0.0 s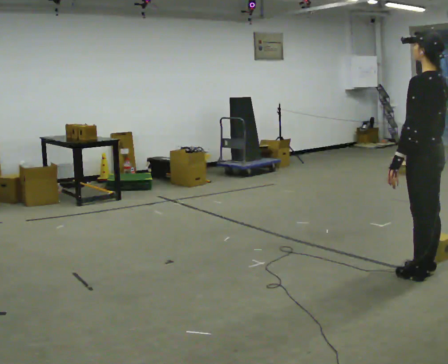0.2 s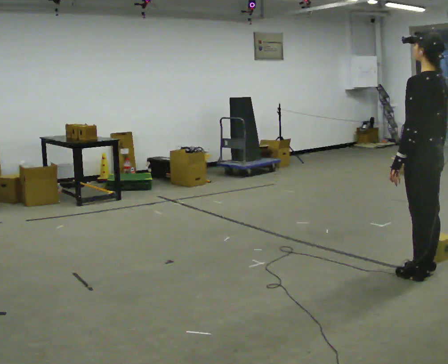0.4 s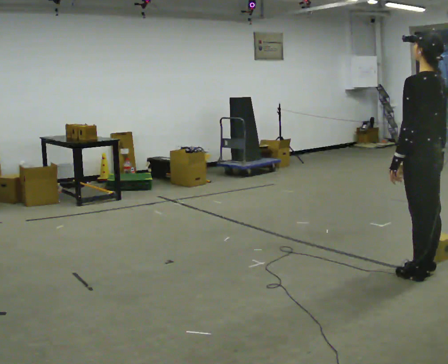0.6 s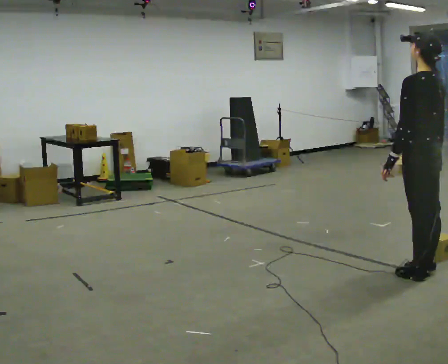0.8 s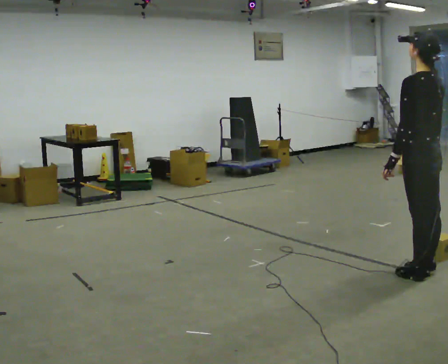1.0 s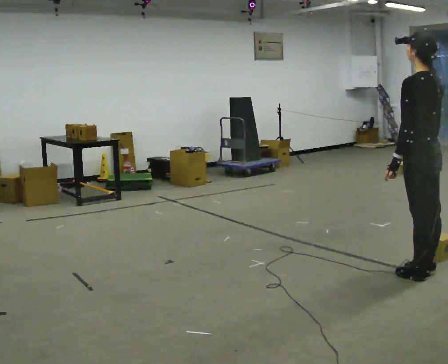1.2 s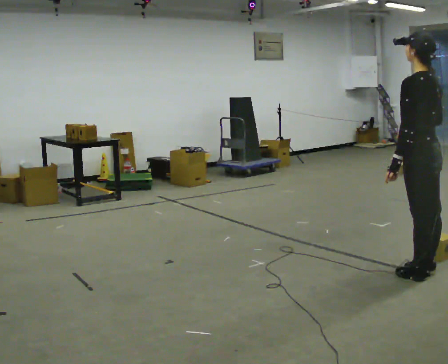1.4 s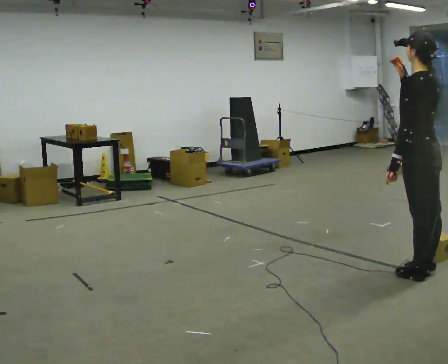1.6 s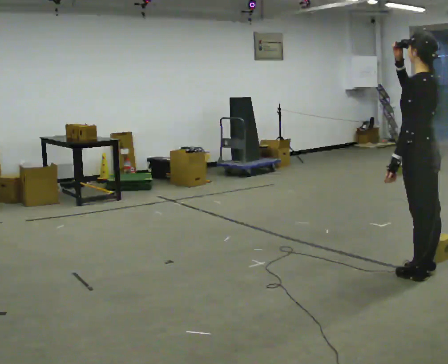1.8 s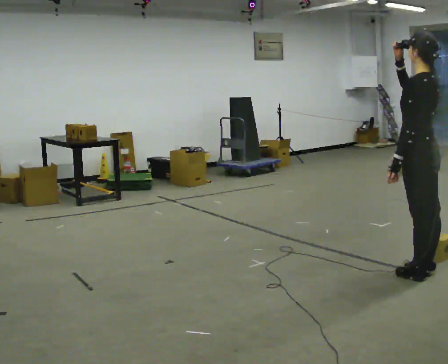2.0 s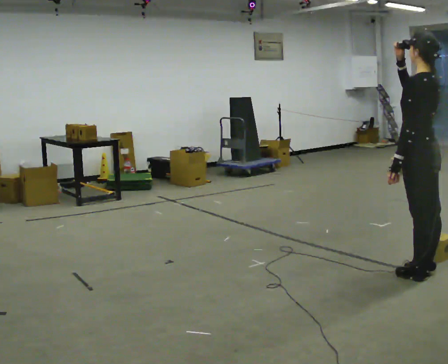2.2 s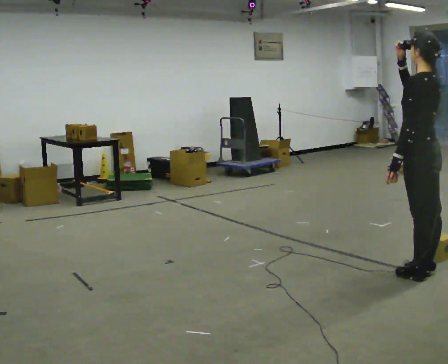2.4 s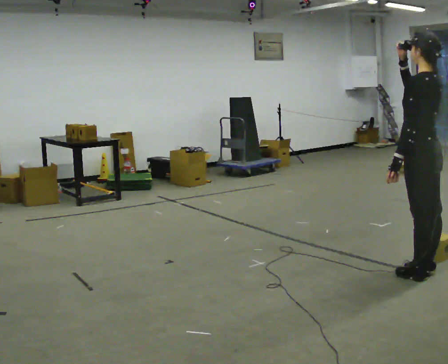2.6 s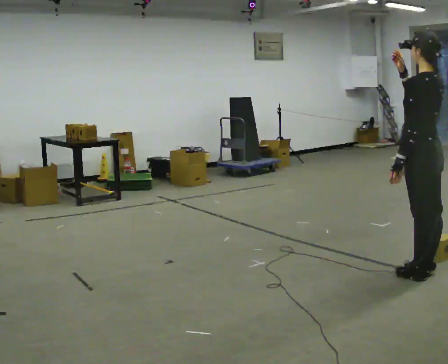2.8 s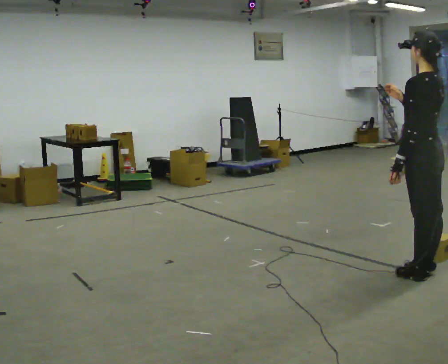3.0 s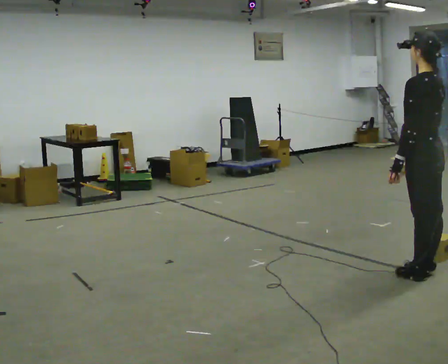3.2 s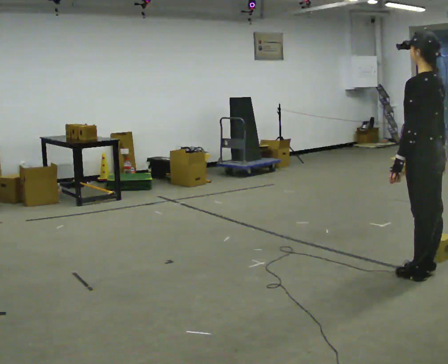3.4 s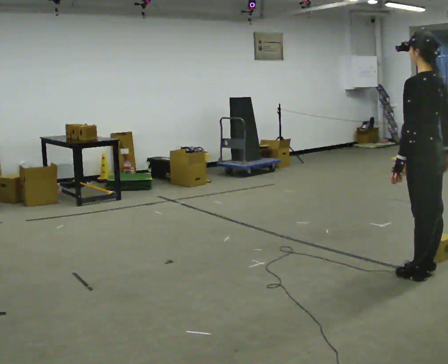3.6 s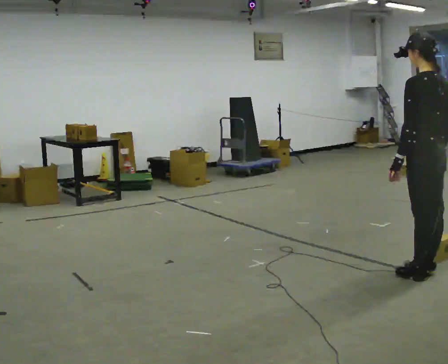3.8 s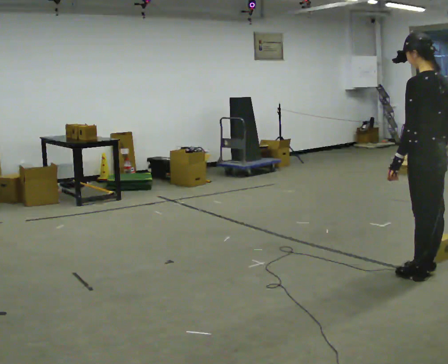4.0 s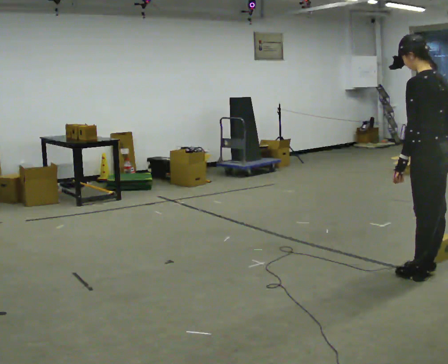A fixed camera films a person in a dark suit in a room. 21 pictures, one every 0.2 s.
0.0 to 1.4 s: In the picture their right hand goes upward.
1.4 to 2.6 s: The person moves a little, or ends about where they began.
2.6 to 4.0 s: In the picture their right hand goes downward and to the right.
The film runs forward here.
